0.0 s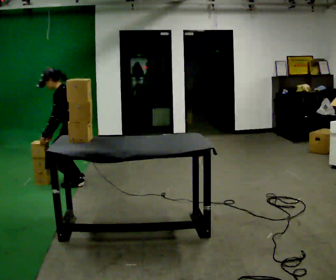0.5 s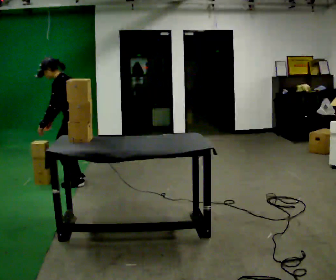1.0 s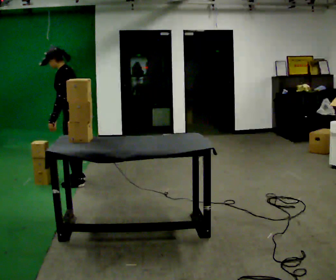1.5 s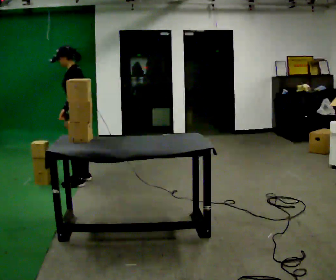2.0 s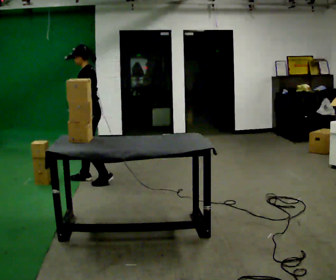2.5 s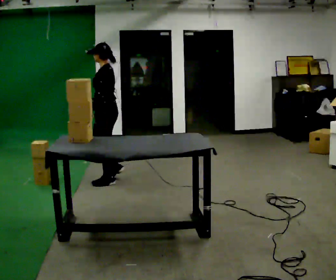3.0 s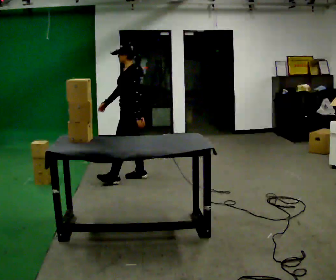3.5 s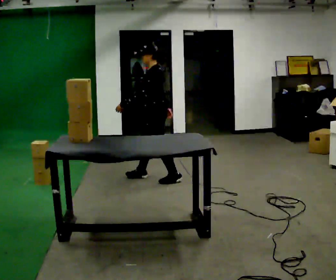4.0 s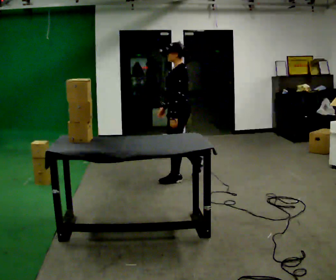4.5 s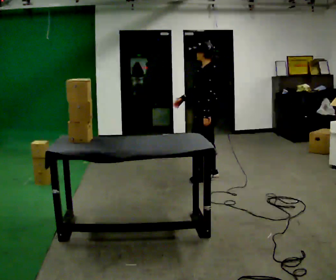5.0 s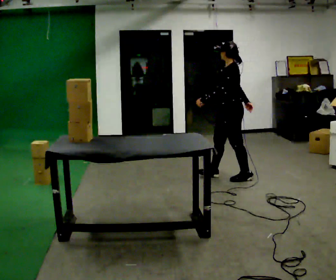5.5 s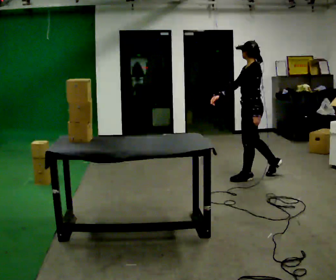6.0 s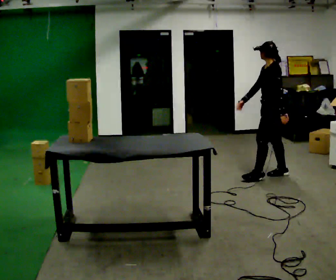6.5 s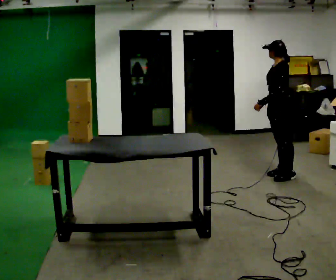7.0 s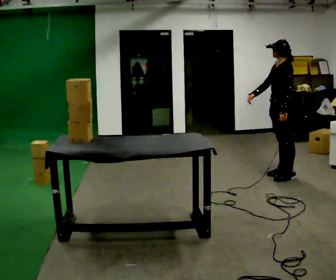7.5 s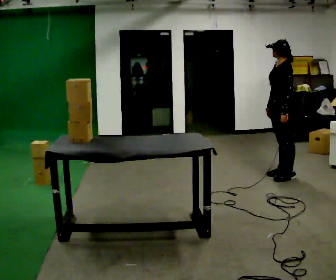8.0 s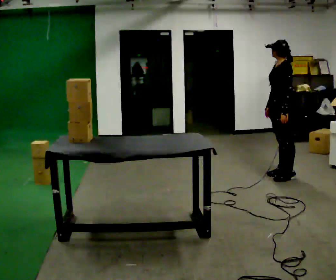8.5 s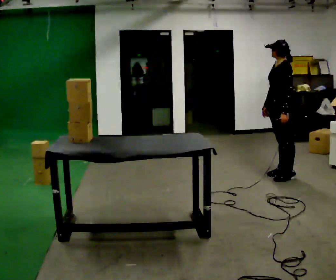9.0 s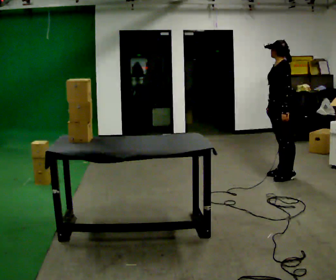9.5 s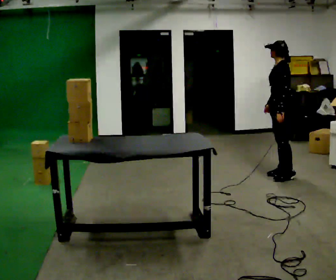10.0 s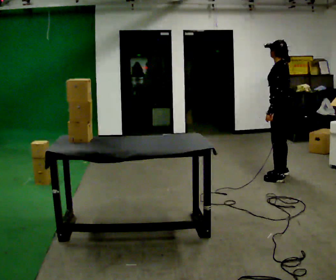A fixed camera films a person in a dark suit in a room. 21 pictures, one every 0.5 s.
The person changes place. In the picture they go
to the right.
0.0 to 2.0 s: In the picture they go to the right, about 0.25 m in 1 step, which for them is backward. The upper body goes upward. In the picture their left hand goes to the right.
2.0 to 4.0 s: In the picture they go to the right, about 1 m in 3 steps, which for them is backward.
4.0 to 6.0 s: In the picture they go to the right, about 1 m in 3 steps, which for them is backward.
6.0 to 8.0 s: In the picture their right hand goes to the right.
8.0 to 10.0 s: The person moves a little, or ends about where they began.
The film runs backward here.
